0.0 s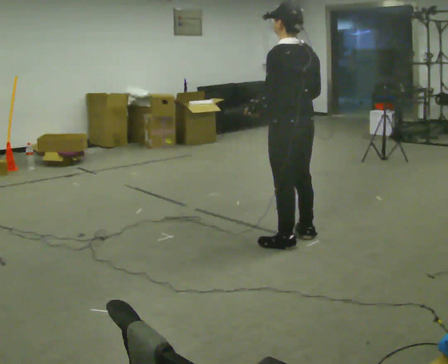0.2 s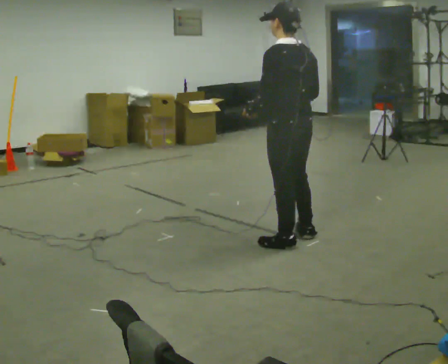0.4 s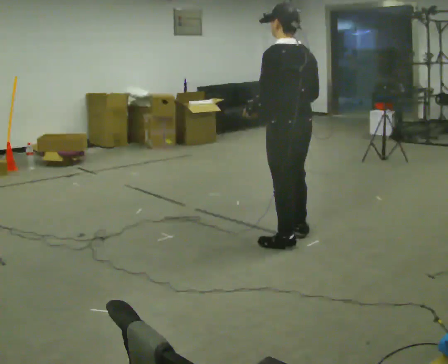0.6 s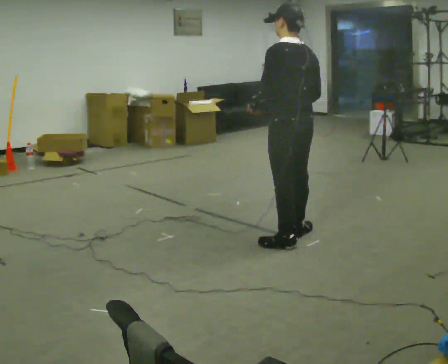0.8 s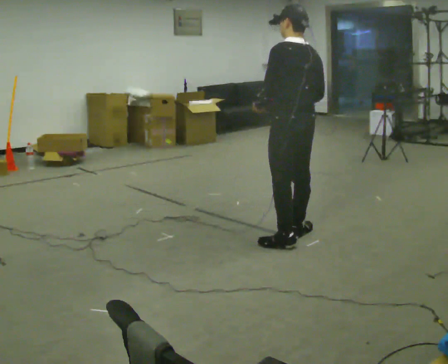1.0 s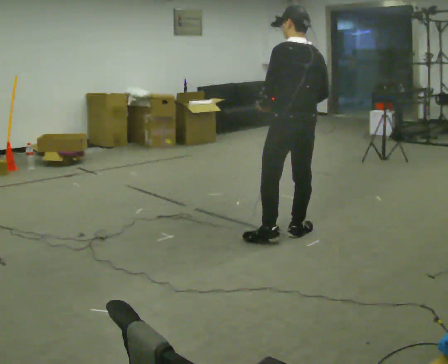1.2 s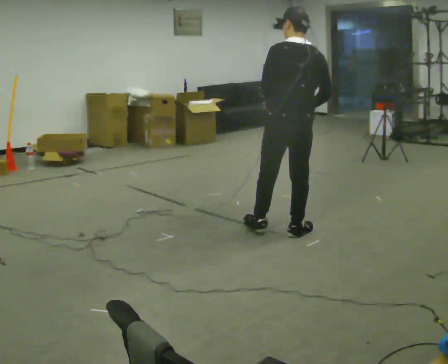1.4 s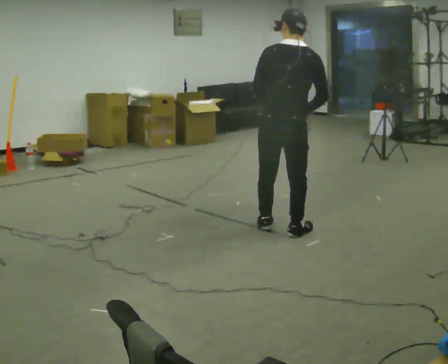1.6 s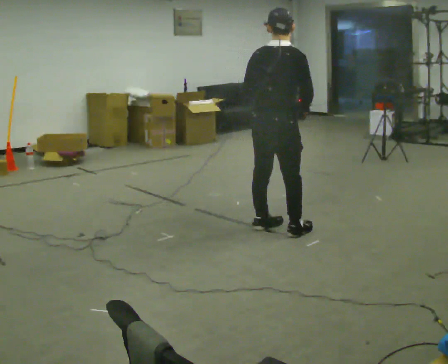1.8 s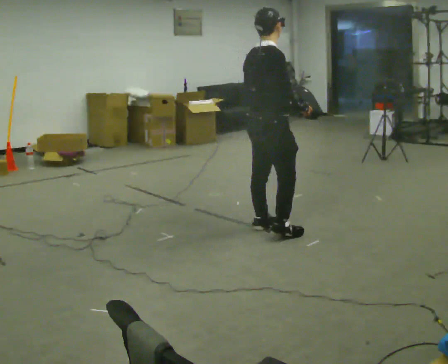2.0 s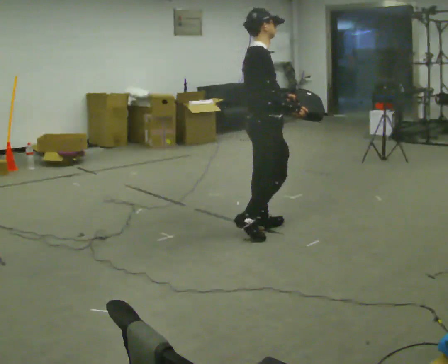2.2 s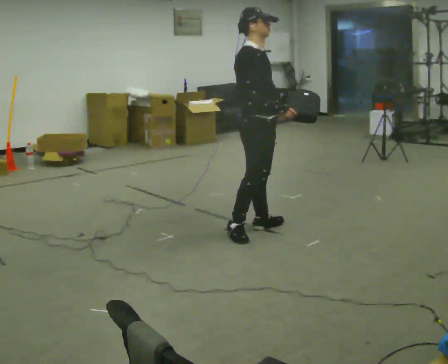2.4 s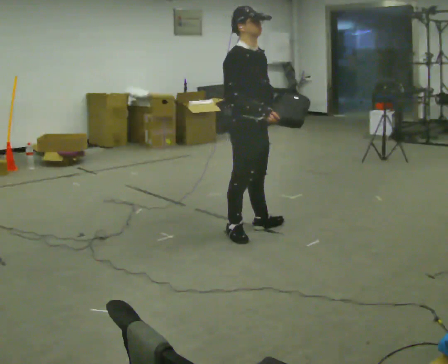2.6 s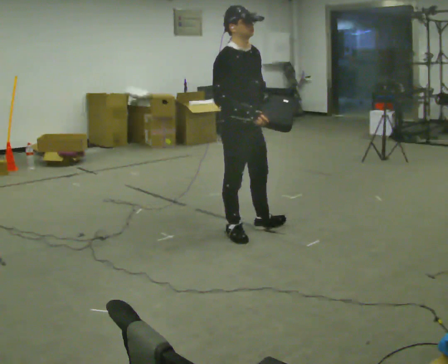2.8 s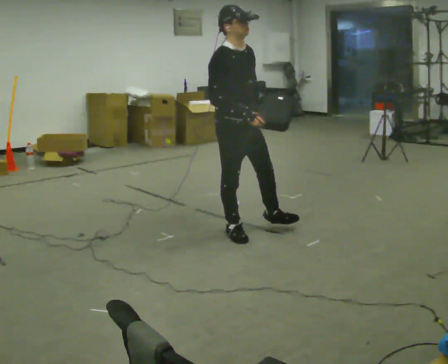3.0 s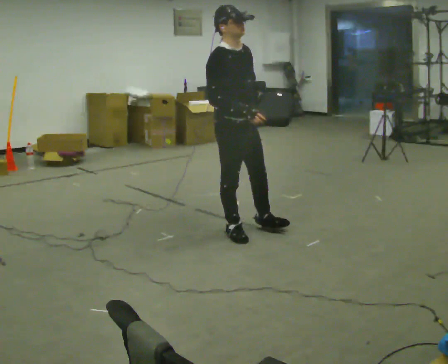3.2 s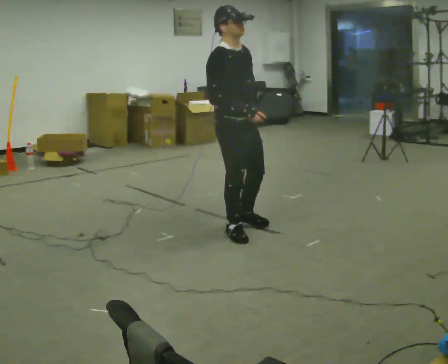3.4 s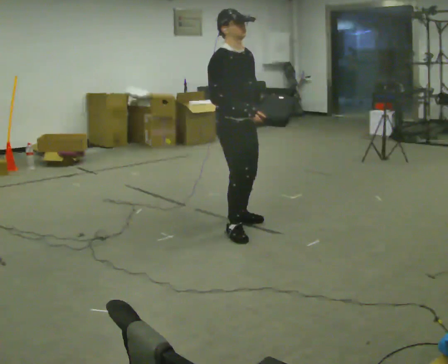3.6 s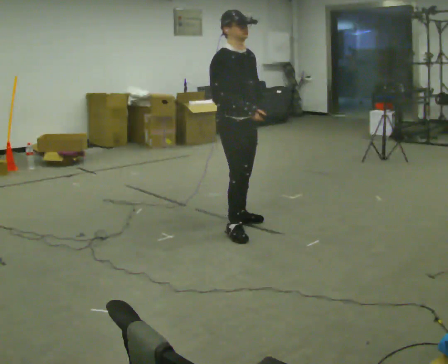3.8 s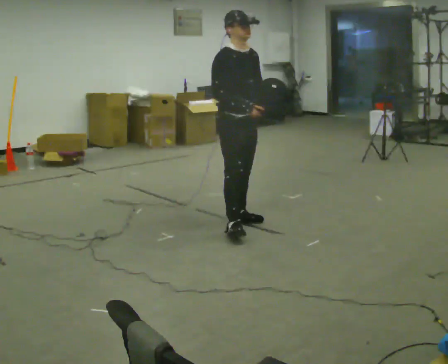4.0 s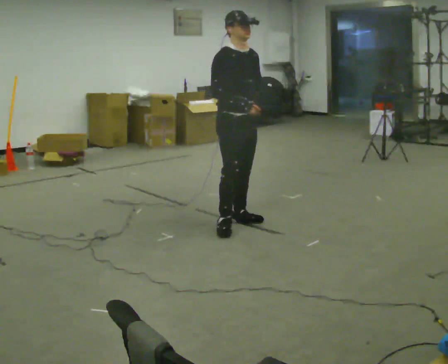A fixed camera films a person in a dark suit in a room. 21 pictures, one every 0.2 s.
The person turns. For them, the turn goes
to their right.
Their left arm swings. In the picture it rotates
counterclockwise.
0.0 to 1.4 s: The part of the body nearest the lens slides to the left as the person turns to their right by about 45 degrees. In the picture they go away from the camera, about 0.25 m in 1 step, which for them is forward.
1.4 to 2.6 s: The part of the body nearest the lens slides to the left as the person turns to their right by about 120 degrees. In the picture they go to the left, about 0.25 m in 1 step. The upper body tips toward the camera, its near side rolling downward.
2.6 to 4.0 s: In the picture they go away from the camera, about 0.25 m in 2 steps, which for them is to their left and backward.
The film runs backward here.
